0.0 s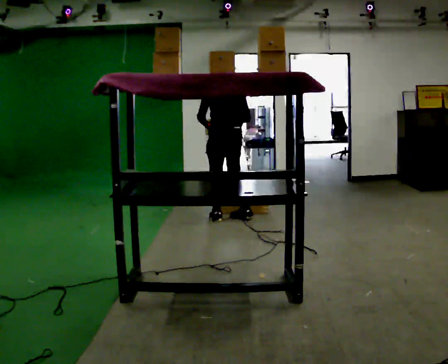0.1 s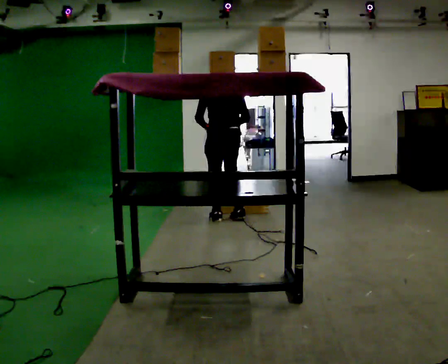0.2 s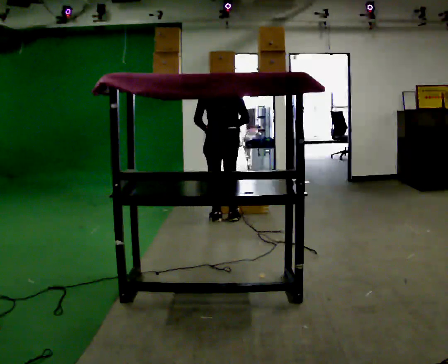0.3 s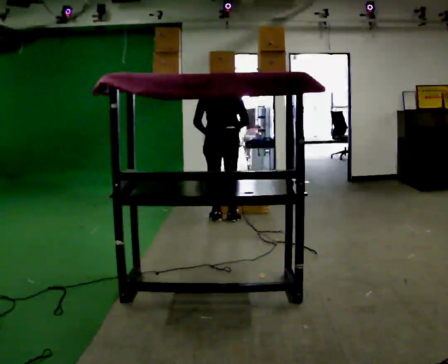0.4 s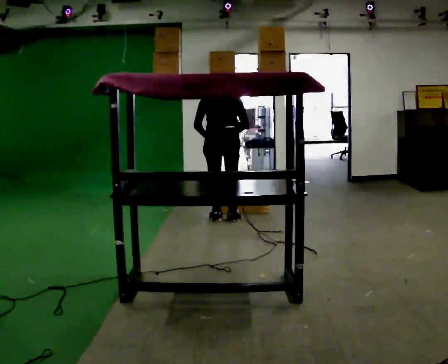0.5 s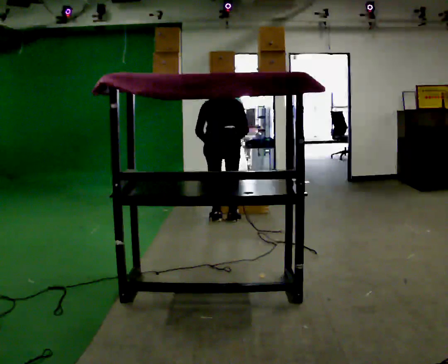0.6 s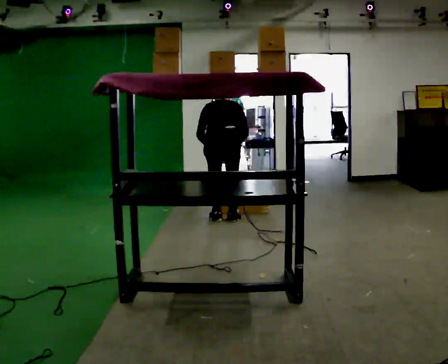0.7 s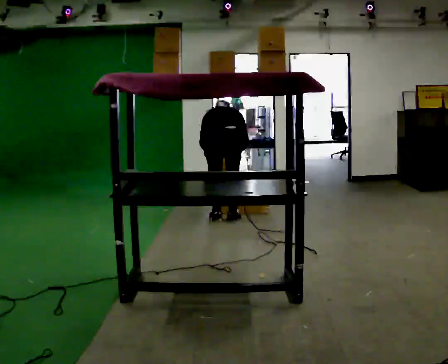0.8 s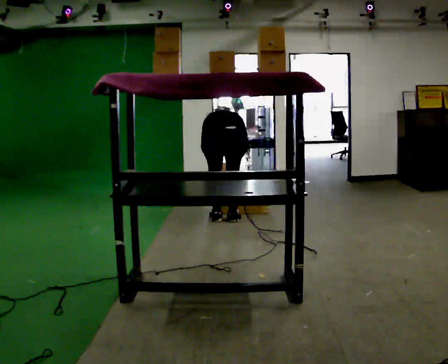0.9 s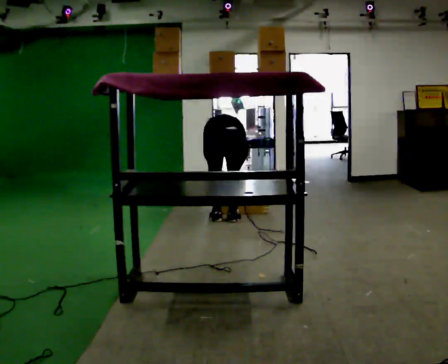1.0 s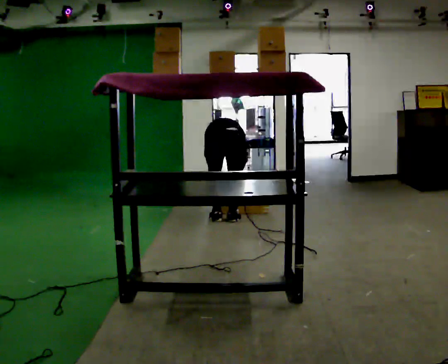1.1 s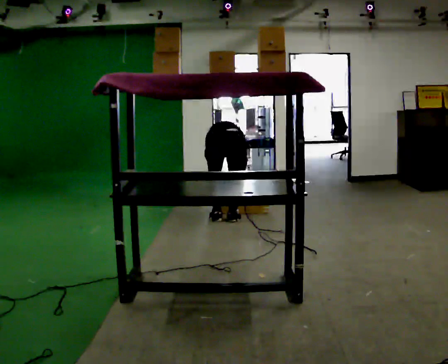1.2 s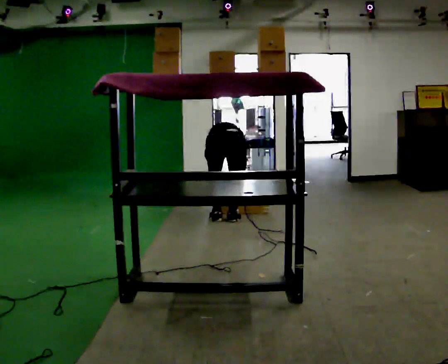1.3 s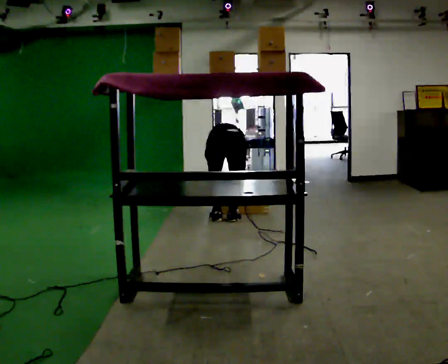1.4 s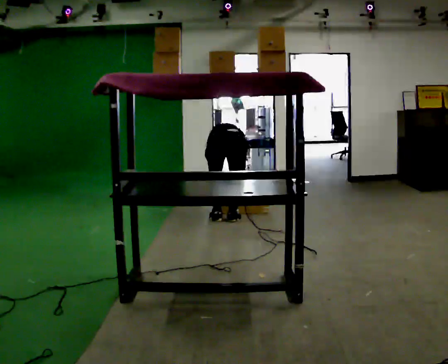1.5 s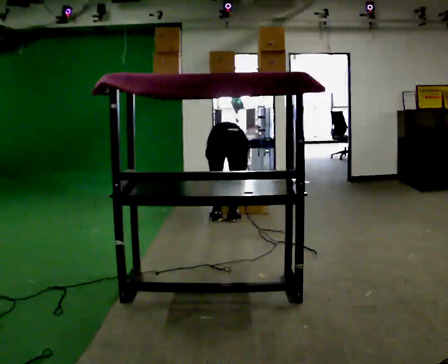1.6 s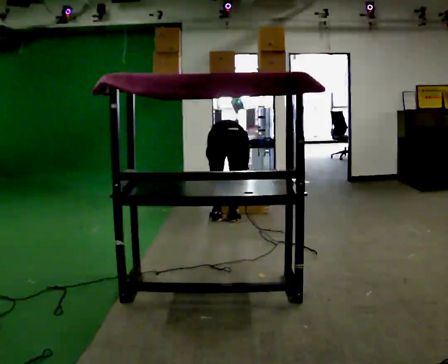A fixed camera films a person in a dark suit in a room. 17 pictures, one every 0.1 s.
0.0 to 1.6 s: In the picture they go toward the camera, about 0.25 m, which for them is backward. The upper body goes downward. The upper body tips away from the camera, its near side rolling upward, as they bend forward. In the picture their right hand goes downward.
The film runs backward here.
